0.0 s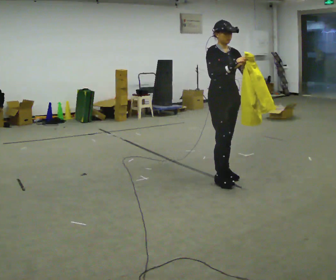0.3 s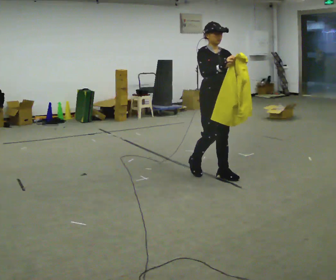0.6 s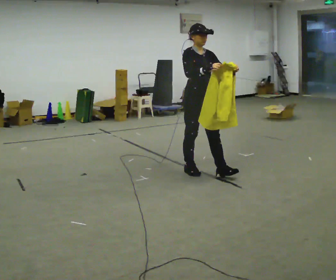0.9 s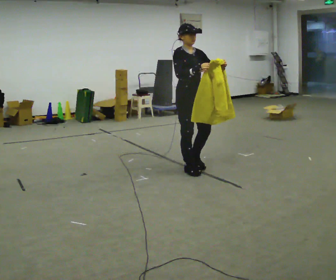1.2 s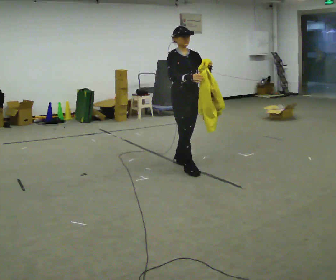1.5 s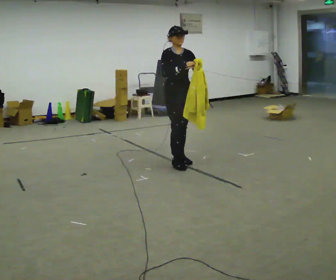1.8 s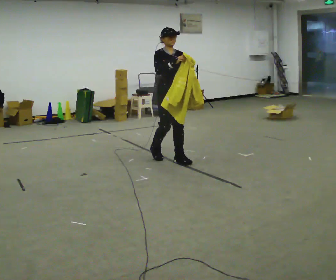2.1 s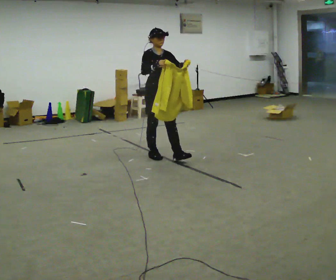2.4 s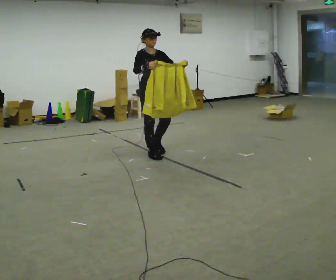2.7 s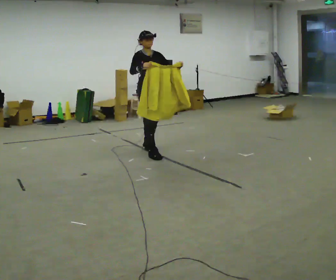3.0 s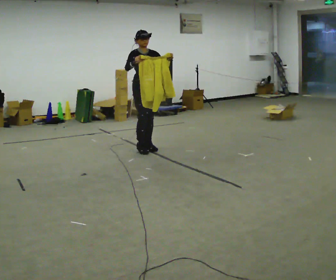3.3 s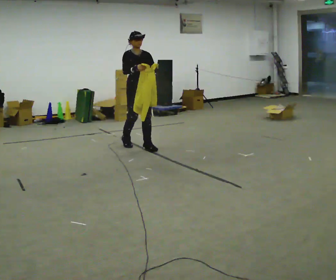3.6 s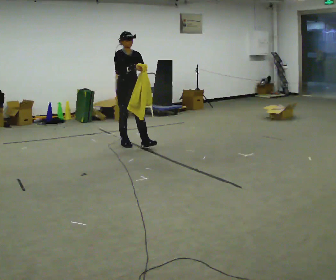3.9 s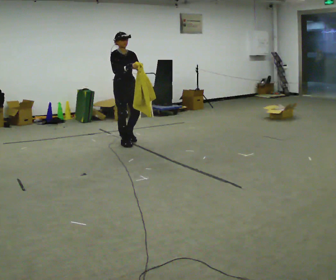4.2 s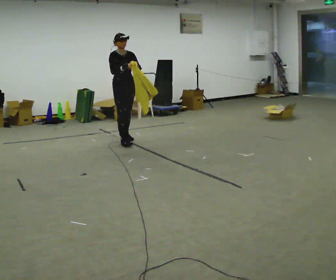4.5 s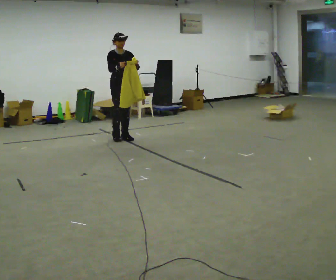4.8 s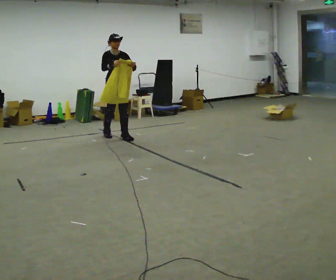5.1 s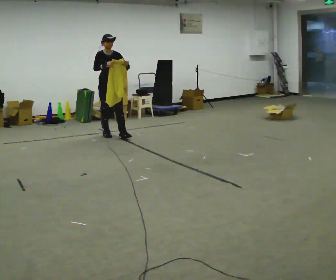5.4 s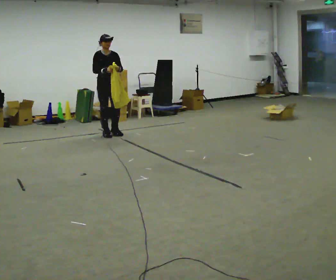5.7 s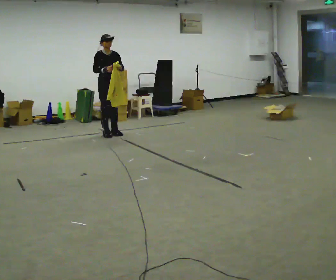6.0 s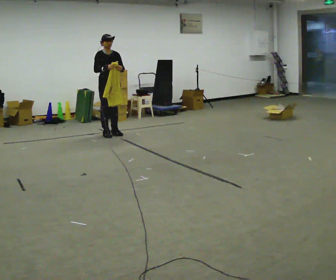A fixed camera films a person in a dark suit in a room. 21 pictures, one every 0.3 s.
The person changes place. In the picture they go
away from the camera.
0.0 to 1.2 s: In the picture they go away from the camera and to the left, about 0.5 m in 1 step, which for them is backward.
1.2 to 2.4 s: In the picture they go away from the camera and to the left, about 0.75 m in 2 steps, which for them is backward.
2.4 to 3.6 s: In the picture they go away from the camera and to the left, about 0.75 m in 2 steps, which for them is backward.
3.6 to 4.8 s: In the picture they go away from the camera and to the left, about 0.5 m in 1 step, which for them is backward.
4.8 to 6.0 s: In the picture they go away from the camera, about 0.25 m in 1 step, which for them is backward.
The film runs backward here.
